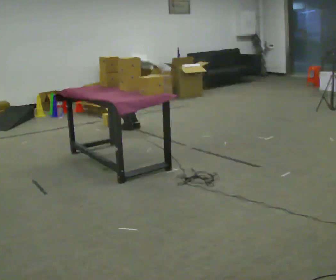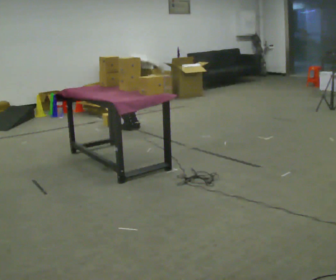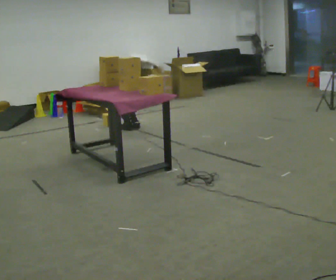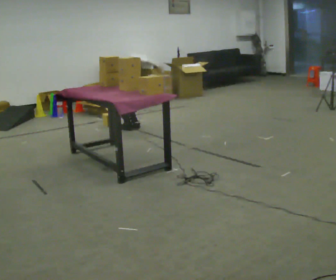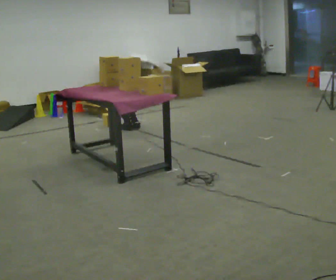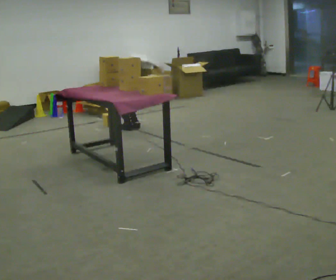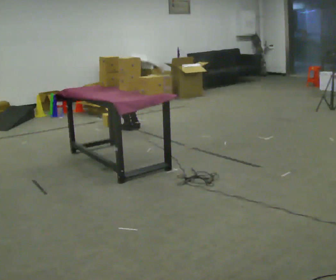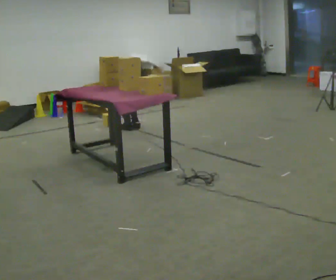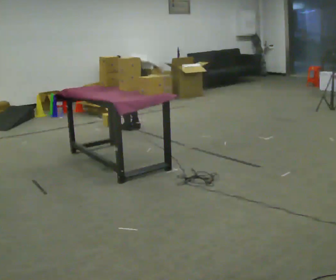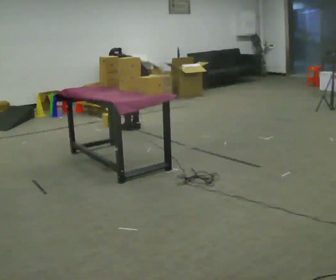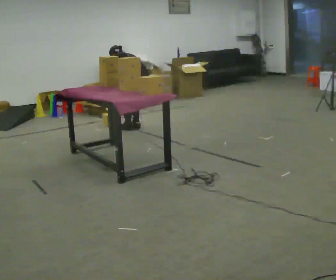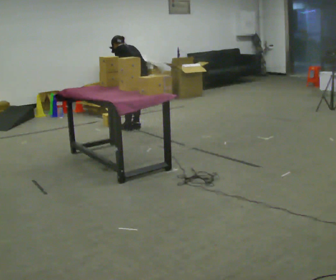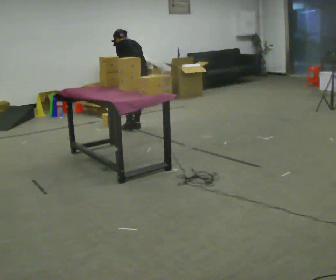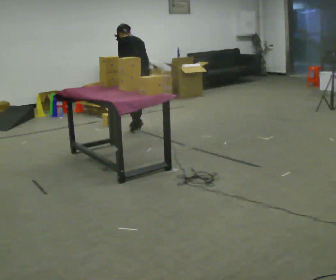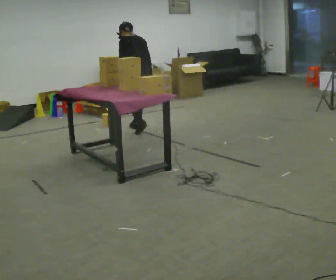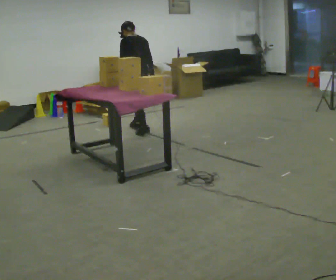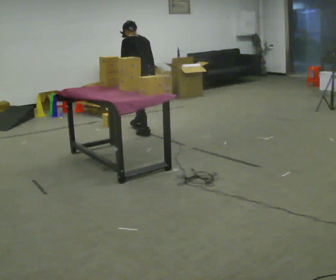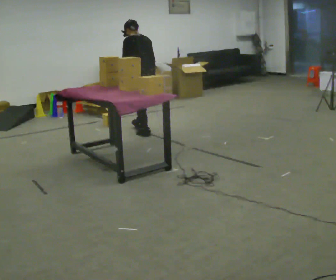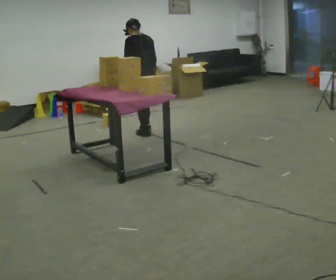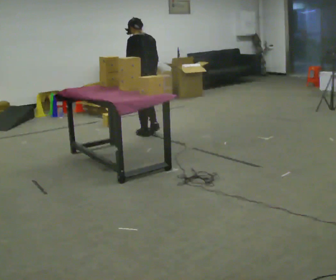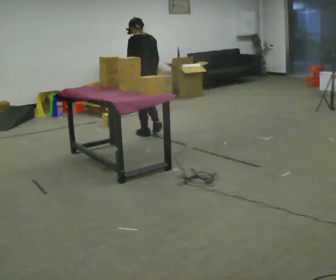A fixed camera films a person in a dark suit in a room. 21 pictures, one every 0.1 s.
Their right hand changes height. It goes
upward.
The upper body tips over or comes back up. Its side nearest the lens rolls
downward.
0.0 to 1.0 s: The shoulders move upward. In the picture the upper body tilts clockwise, shoulders to the right, as they lean back or straighten.
1.0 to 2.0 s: In the picture they go toward the camera, about 0.25 m in 2 steps, which for them is backward. The upper body goes upward. The upper body tips toward the camera, its near side rolling downward, as they lean back or straighten.
The film runs backward here.
